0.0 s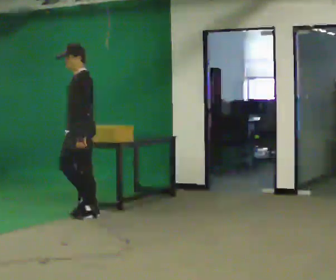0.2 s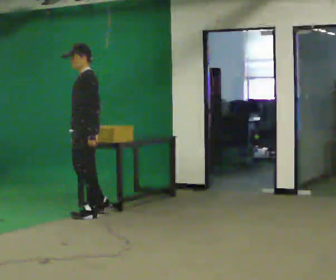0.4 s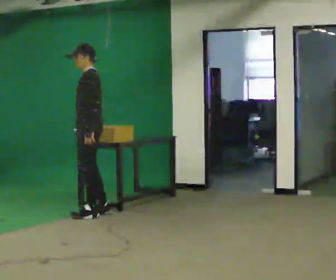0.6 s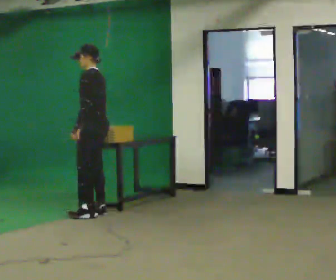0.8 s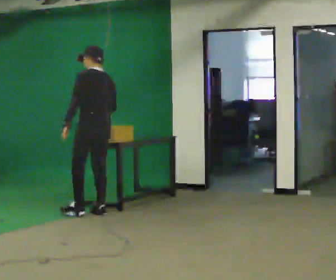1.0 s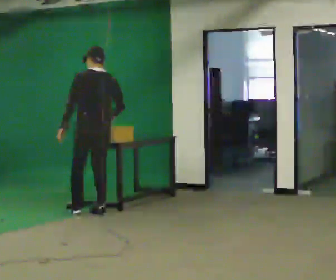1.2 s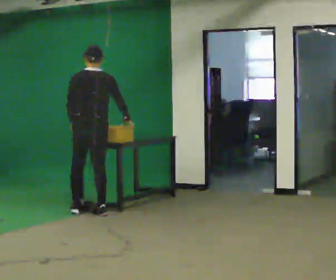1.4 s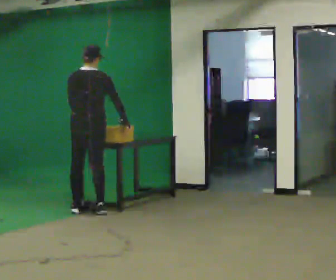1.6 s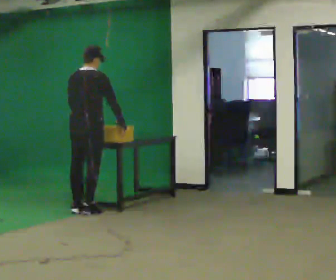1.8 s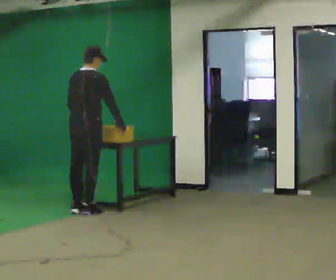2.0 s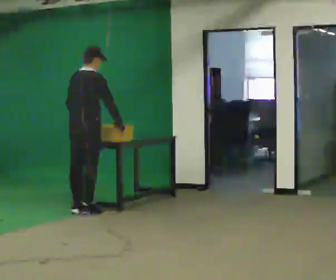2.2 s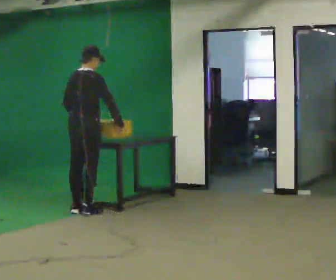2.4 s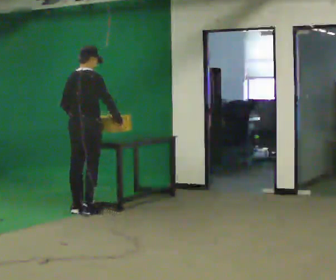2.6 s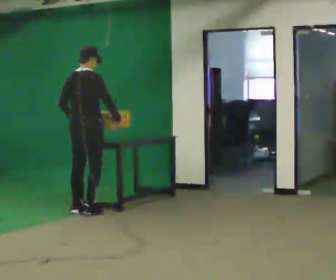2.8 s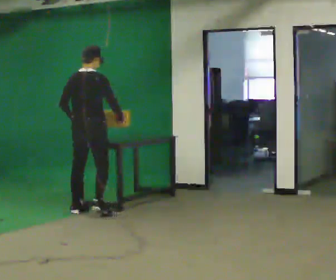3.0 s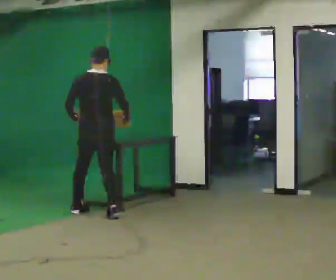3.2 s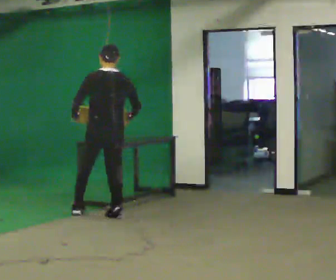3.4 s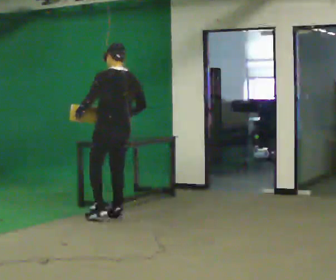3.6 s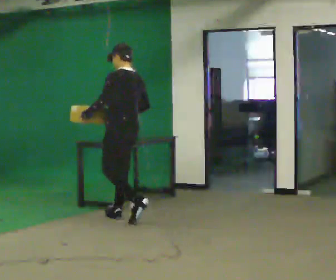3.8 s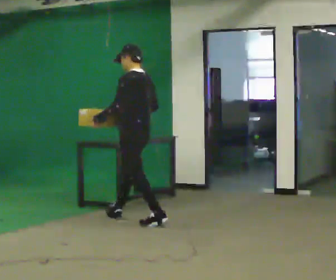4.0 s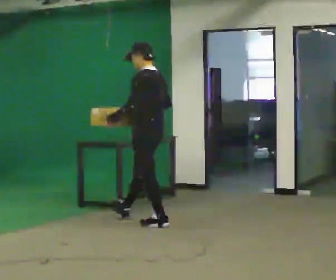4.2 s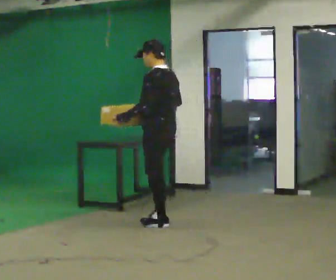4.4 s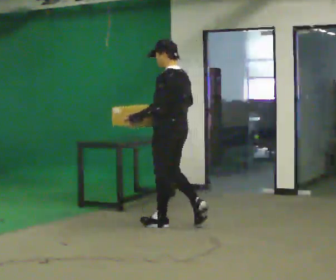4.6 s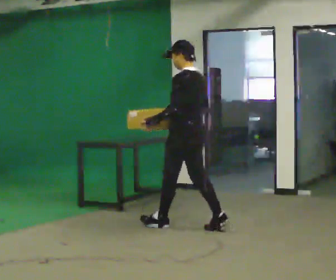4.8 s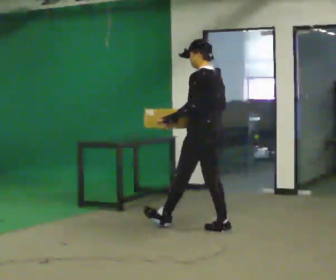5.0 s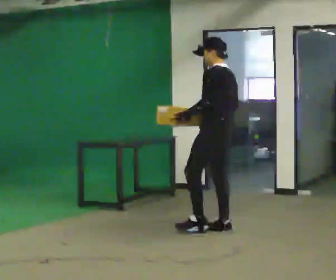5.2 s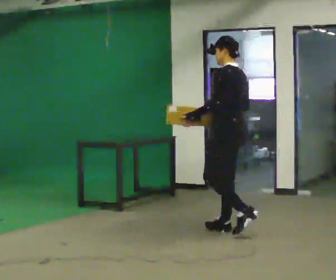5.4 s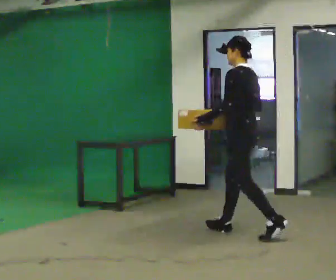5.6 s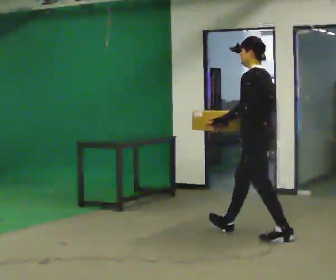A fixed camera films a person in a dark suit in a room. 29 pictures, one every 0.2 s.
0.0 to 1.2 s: The person turns about 105 degrees to their right, clockwise seen from above, so the part of the body nearest the lens slides to the left.
1.2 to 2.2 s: The person turns about 45 degrees to their right, clockwise seen from above, so the part of the body nearest the lens slides to the left.
2.2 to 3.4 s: The part of the body nearest the lens slides to the right as the person turns to their left by about 75 degrees. In the picture they go to the right and toward the camera, about 0.5 m in 2 steps.
3.4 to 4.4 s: In the picture they go to the right and toward the camera, about 0.5 m in 1 step, which for them is backward.
4.4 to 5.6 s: In the picture they go to the right and toward the camera, about 1 m in 1 step, which for them is backward.
The film runs backward here.
